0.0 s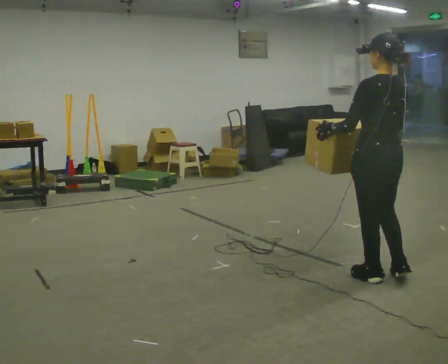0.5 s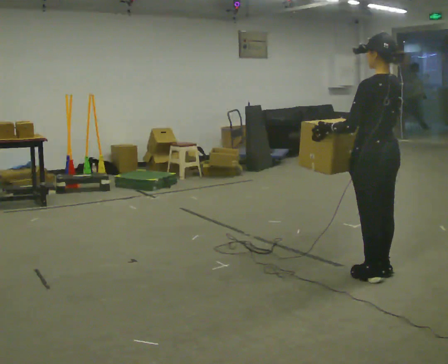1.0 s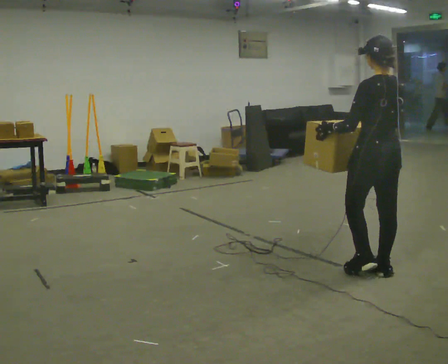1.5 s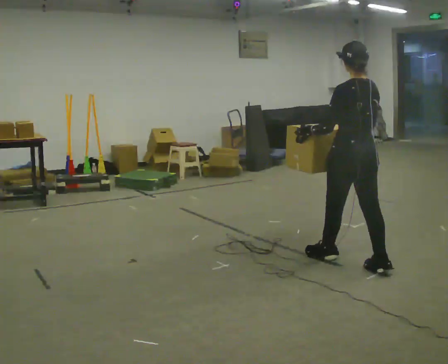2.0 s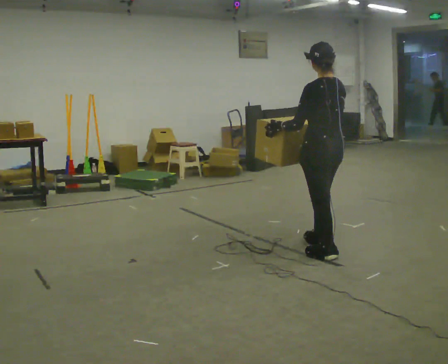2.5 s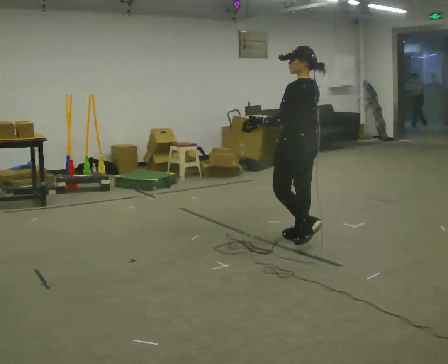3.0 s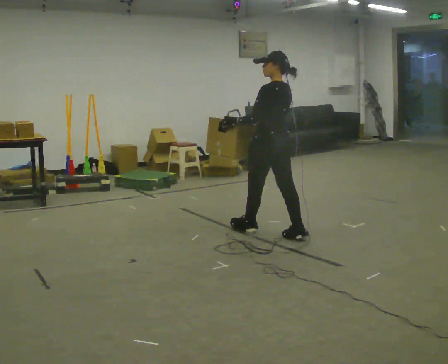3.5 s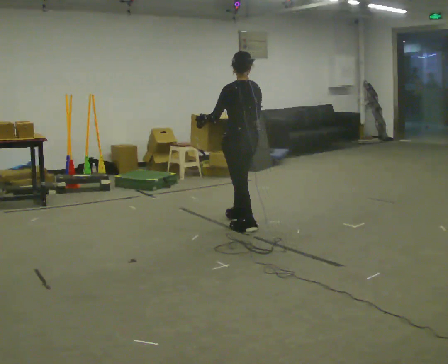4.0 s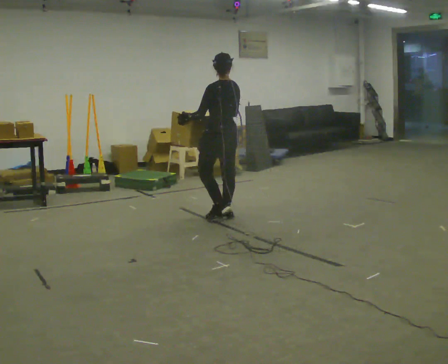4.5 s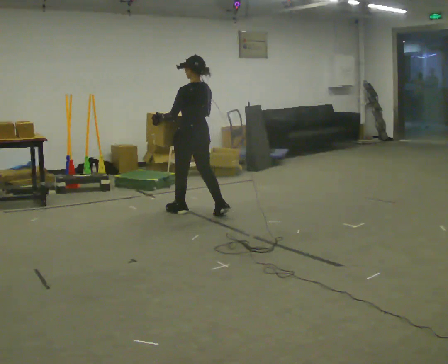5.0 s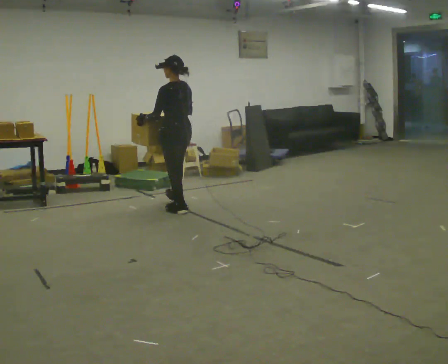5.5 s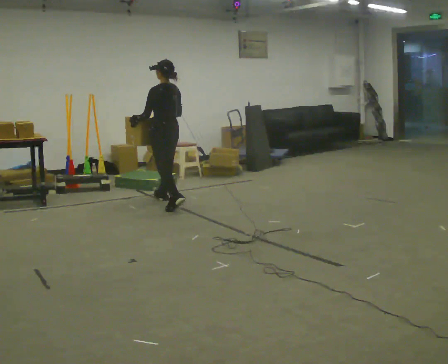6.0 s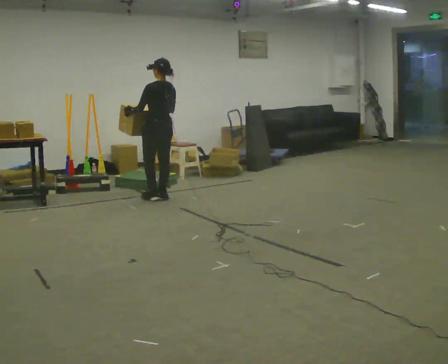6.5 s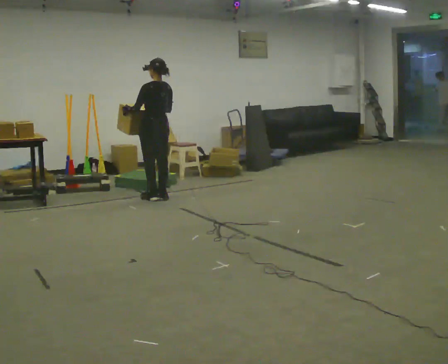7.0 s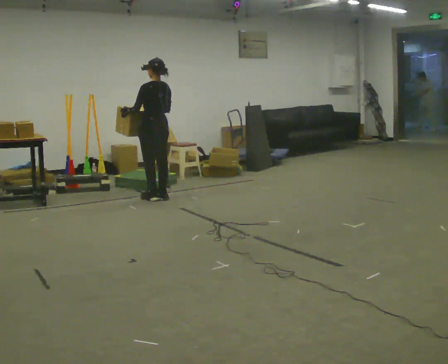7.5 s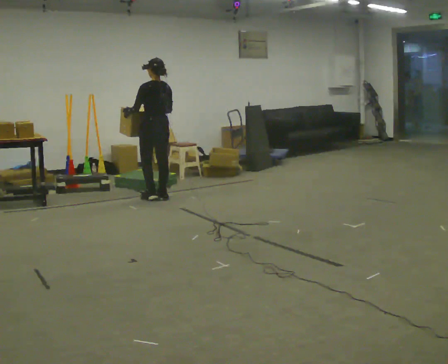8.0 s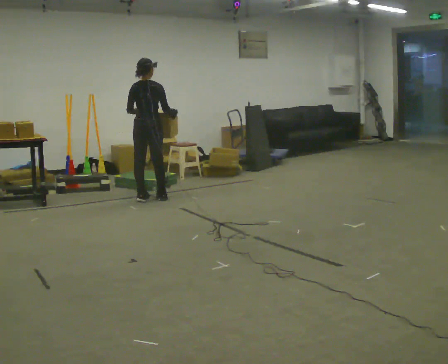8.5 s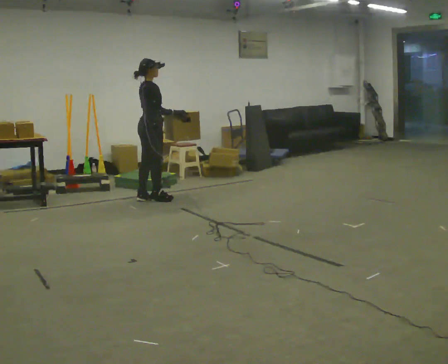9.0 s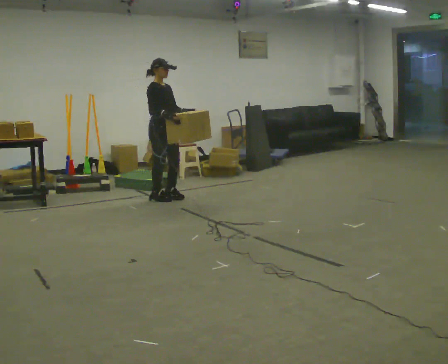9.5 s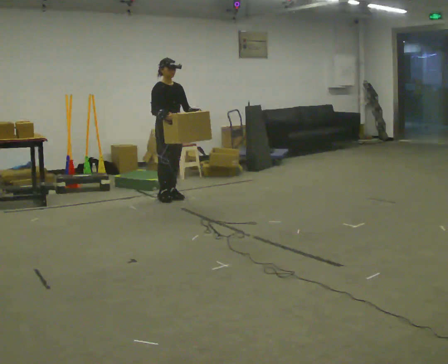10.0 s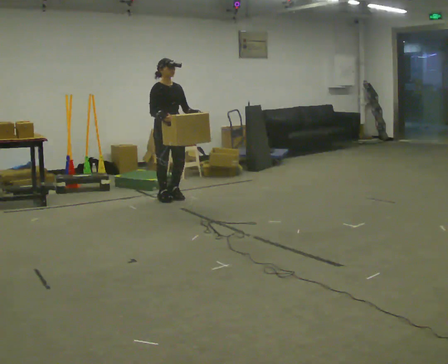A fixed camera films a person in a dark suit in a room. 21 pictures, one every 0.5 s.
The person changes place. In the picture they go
away from the camera.
0.0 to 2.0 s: In the picture they go away from the camera, about 0.75 m in 2 steps, which for them is forward.
2.0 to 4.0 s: In the picture they go away from the camera and to the left, about 1.5 m in 3 steps, which for them is forward.
4.0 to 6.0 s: In the picture they go away from the camera and to the left, about 1 m in 3 steps, which for them is forward.
6.0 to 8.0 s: The part of the body nearest the lens slides to the left as the person turns to their right by about 60 degrees.
8.0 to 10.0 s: Seen from above the body turns clockwise, about 120 degrees: to their right, with its near side sliding to the left. In the picture they go to the right, about 0.25 m in 1 step.
The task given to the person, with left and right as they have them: Carry the box across the room while freely looking around at the walls, ceiling and floor. Keep going until the operator says stop; one object at a time, and do not rush between trips.
The film runs forward here.
